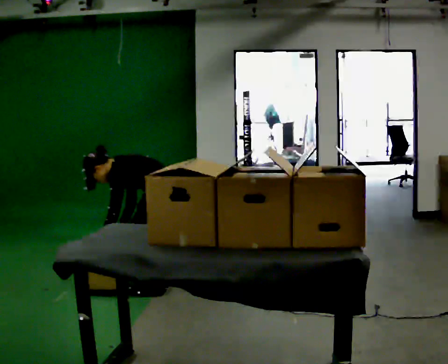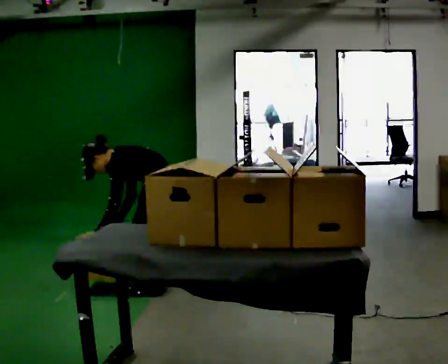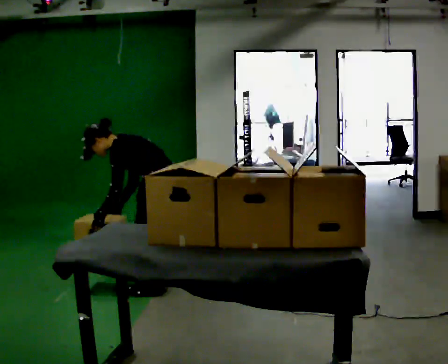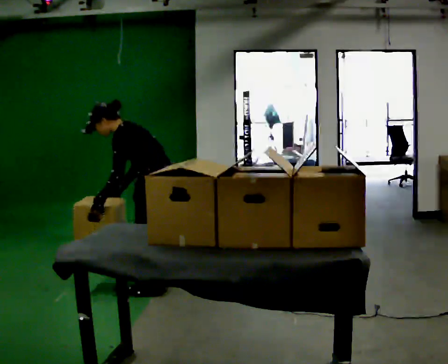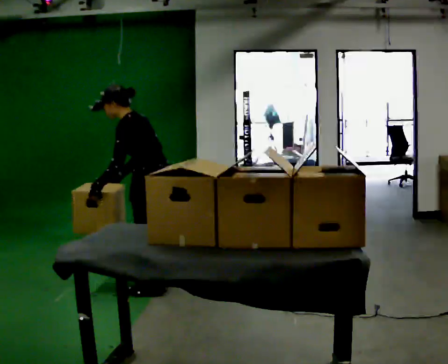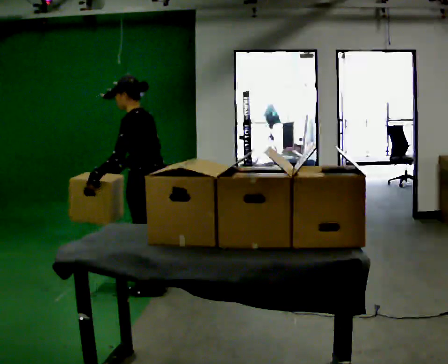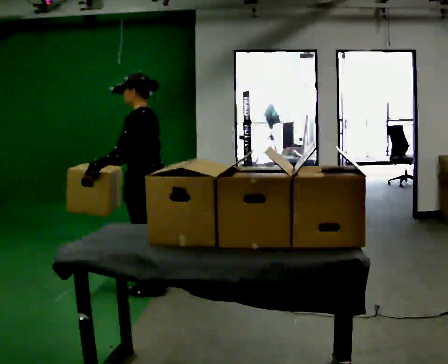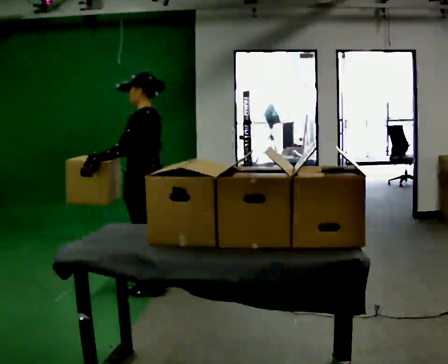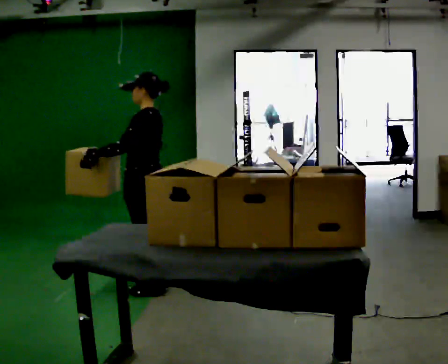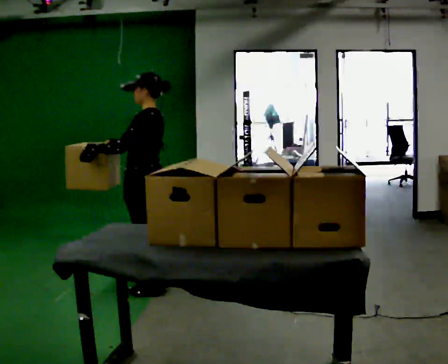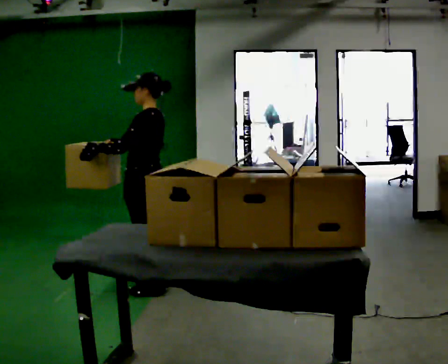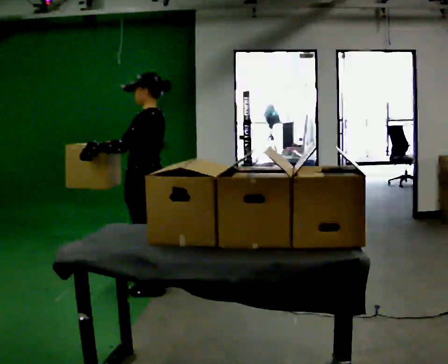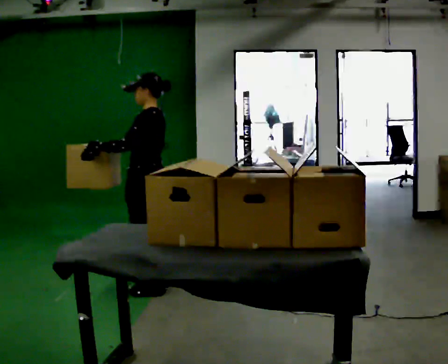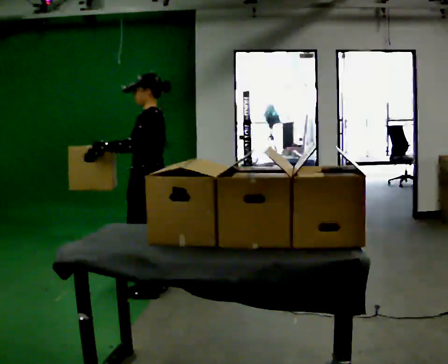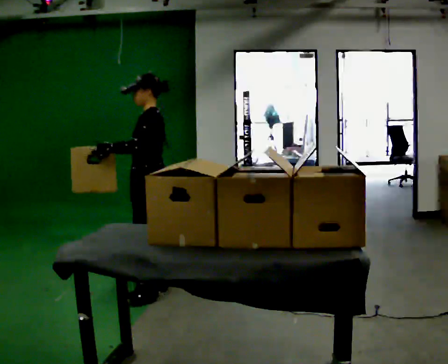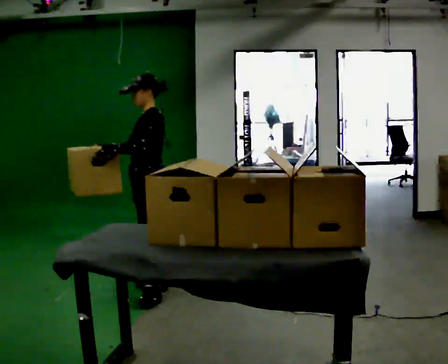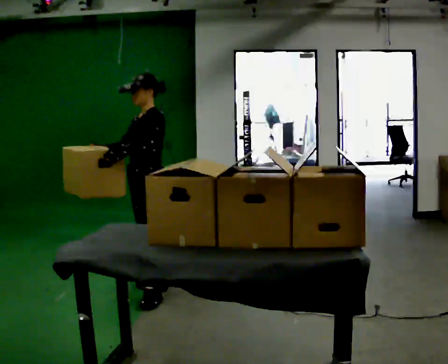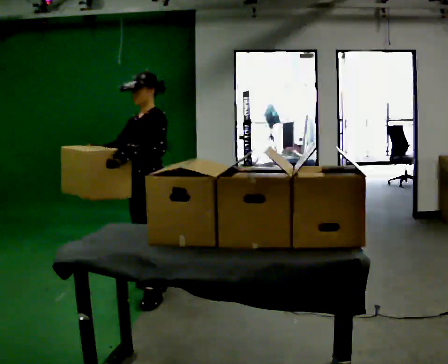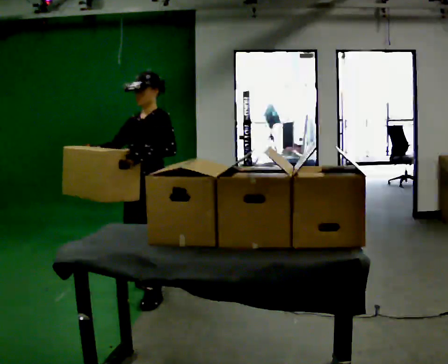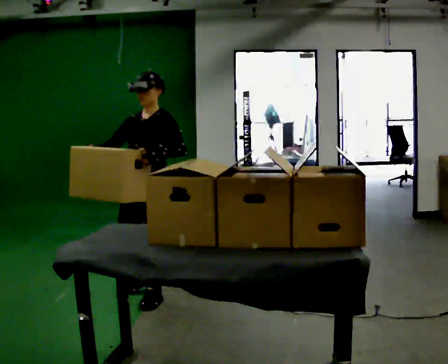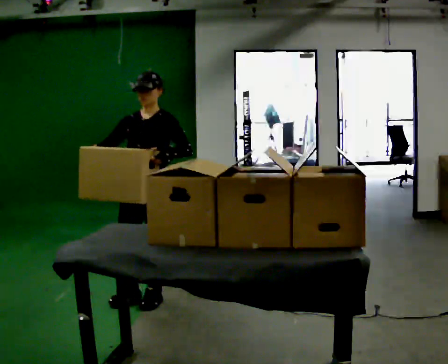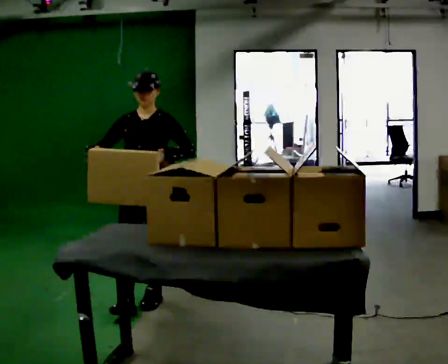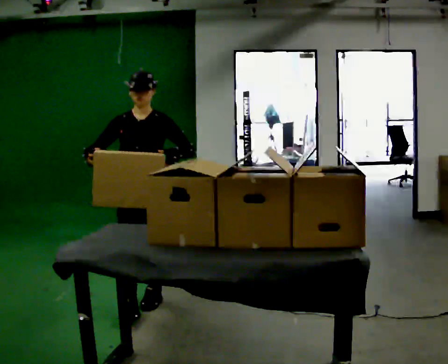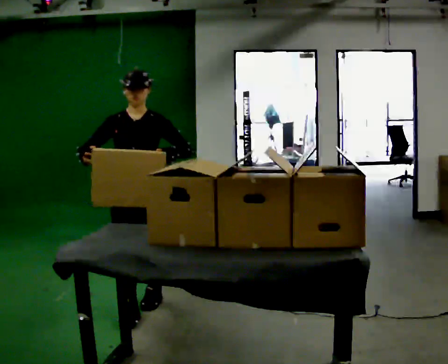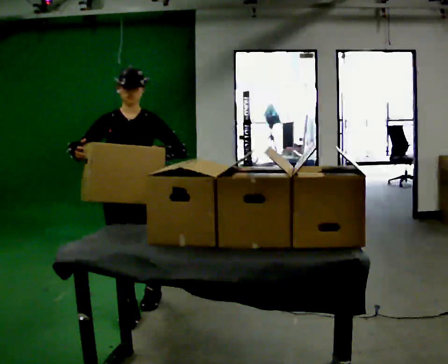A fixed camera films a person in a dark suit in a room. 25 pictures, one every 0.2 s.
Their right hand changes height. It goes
upward.
Their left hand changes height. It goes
upward.
0.0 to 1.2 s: The upper body goes upward. In the picture the upper body tilts clockwise, shoulders to the right, as they lean back or straighten. In the picture their right hand goes upward.
1.2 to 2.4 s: The person moves a little, or ends about where they began.
2.4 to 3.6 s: The person turns about 60 degrees to their left, counterclockwise seen from above, so the part of the body nearest the lens slides to the right. In the picture they go toward the camera, about 0.25 m, which for them is to their left.
3.6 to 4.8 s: The person turns about 45 degrees to their left, counterclockwise seen from above, so the part of the body nearest the lens slides to the right. In the picture they go toward the camera, about 0.25 m in 1 step, which for them is forward.
The film runs forward here.
